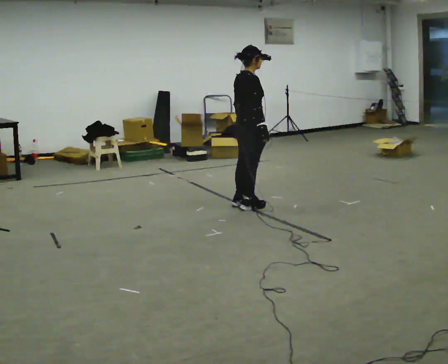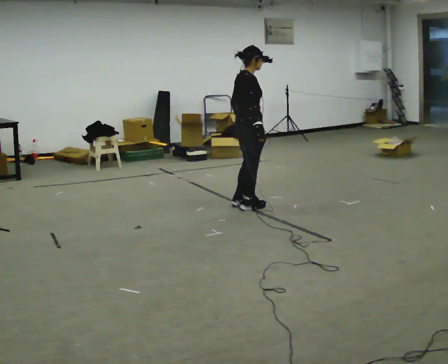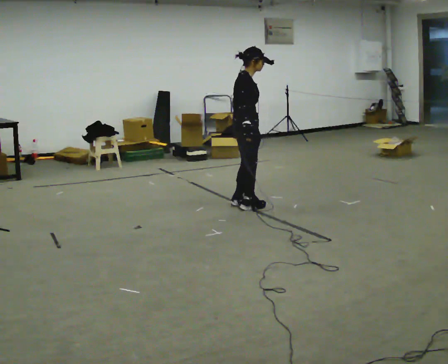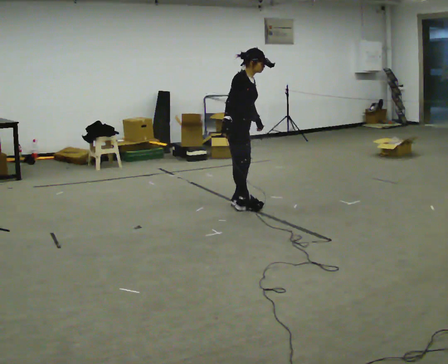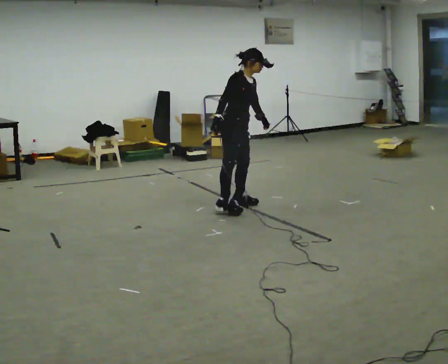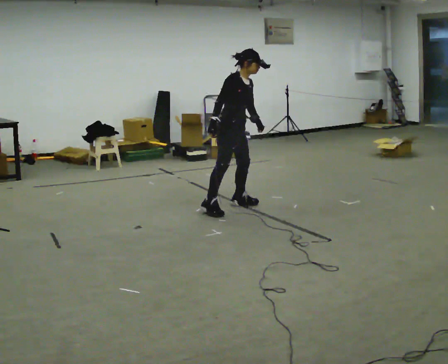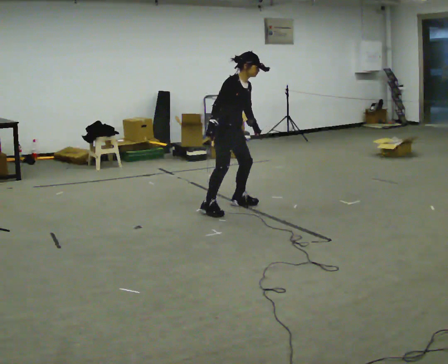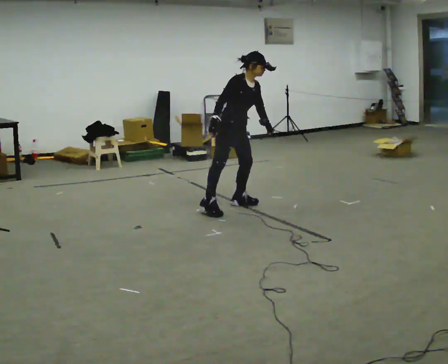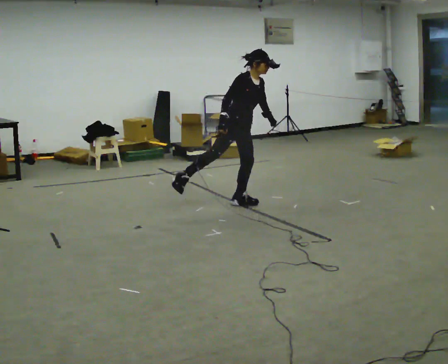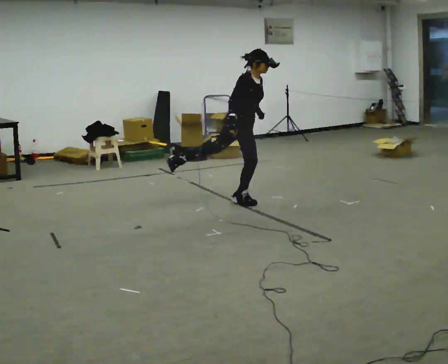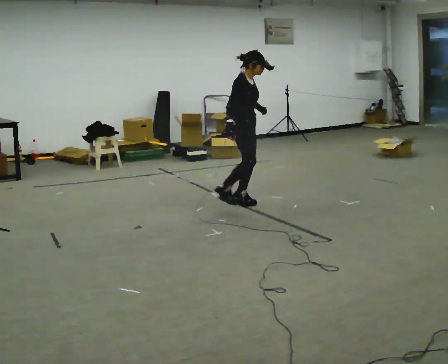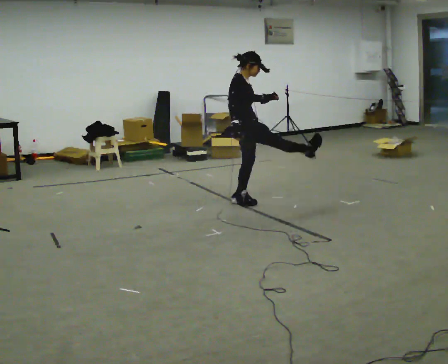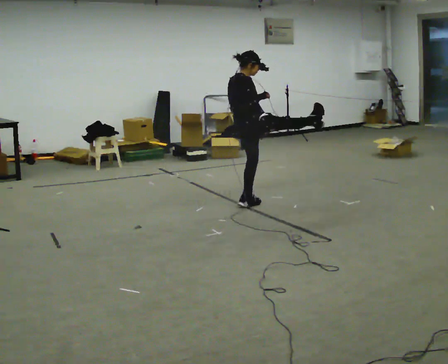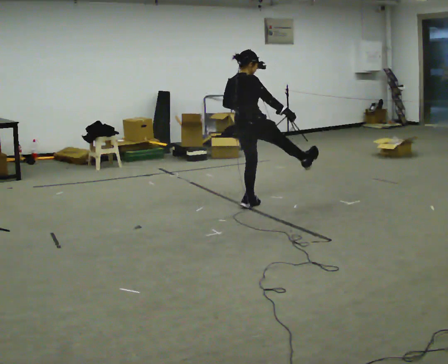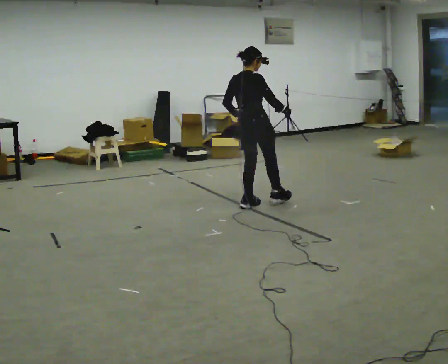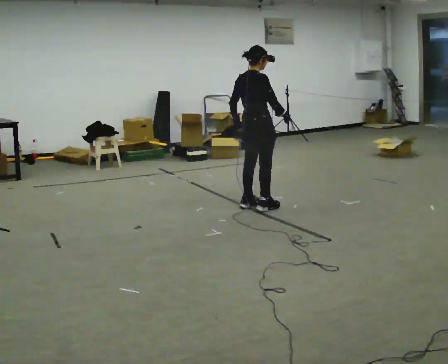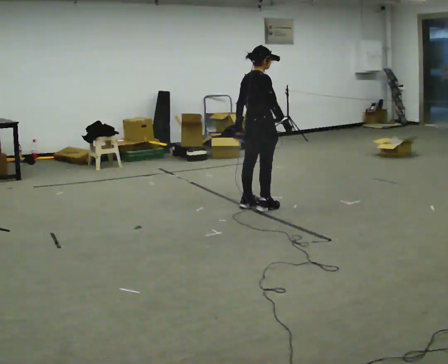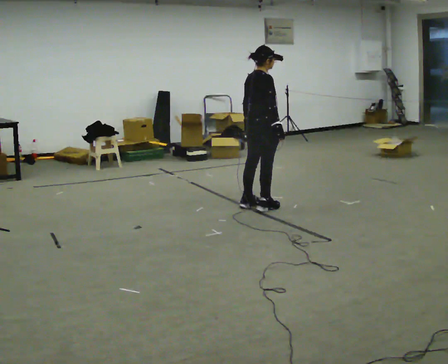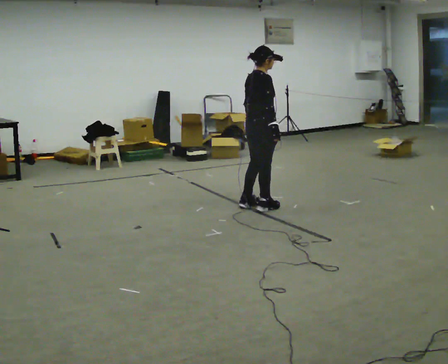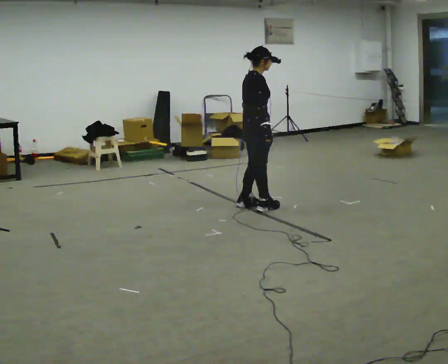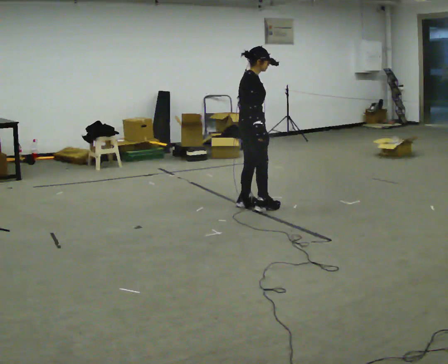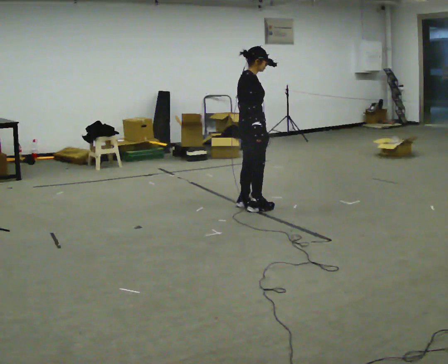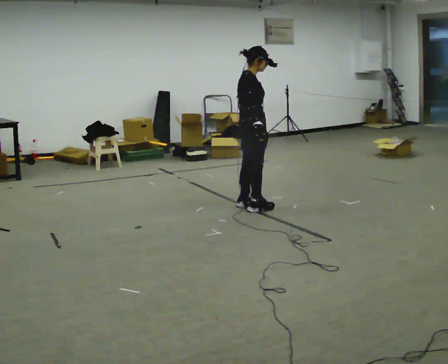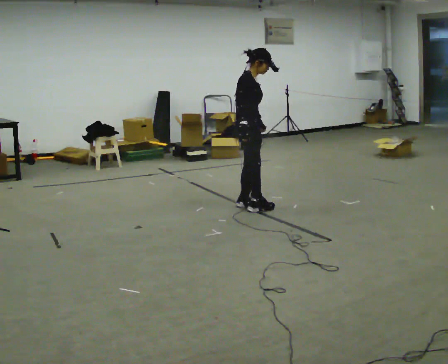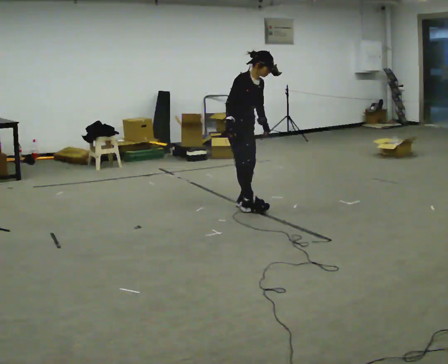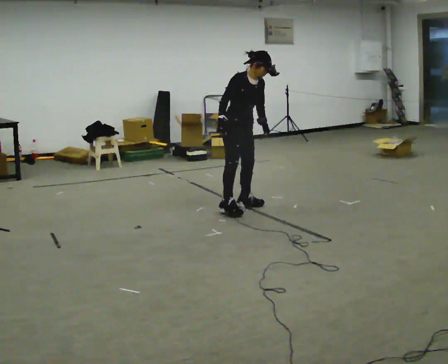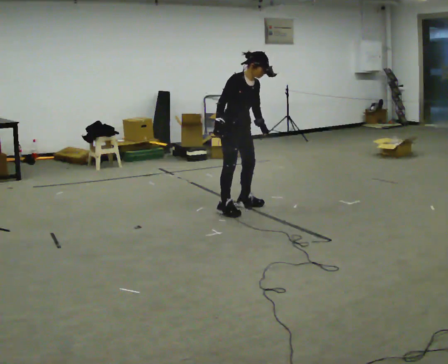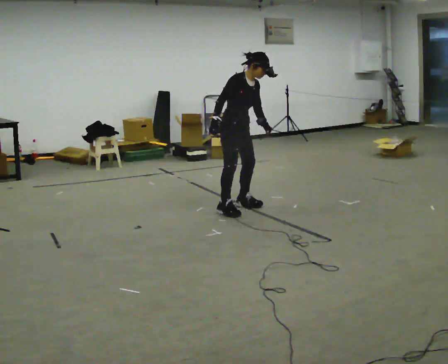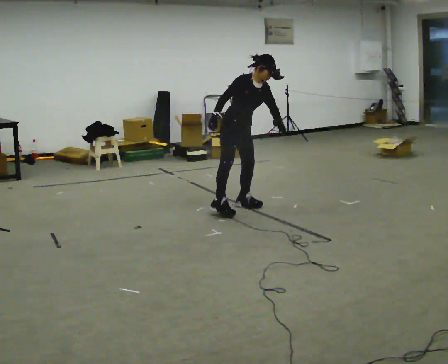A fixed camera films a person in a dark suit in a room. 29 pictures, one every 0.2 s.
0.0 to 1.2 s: Seen from above the body turns clockwise, about 60 degrees: to their right, with its near side sliding to the left. In the picture they go to the left, about 0.25 m in 1 step, which for them is backward. In the picture the upper body tilts clockwise, shoulders to the right, as they bend forward. In the picture their right hand goes to the left, the arm swinging clockwise.
1.2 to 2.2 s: The person turns about 45 degrees to their left, counterclockwise seen from above, so the part of the body nearest the lens slides to the right. In the picture they go to the right, about 0.25 m, which for them is to their left. In the picture the upper body tilts counterclockwise, shoulders to the left, as they lean back or straighten.
2.2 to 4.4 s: The person moves a little, or ends about where they began.
4.4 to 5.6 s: The person turns about 45 degrees to their right, clockwise seen from above, so the part of the body nearest the lens slides to the left. In the picture the upper body tilts clockwise, shoulders to the right, as they bend forward. In the picture their right hand goes to the left, the arm swinging clockwise.
The film runs forward here.
